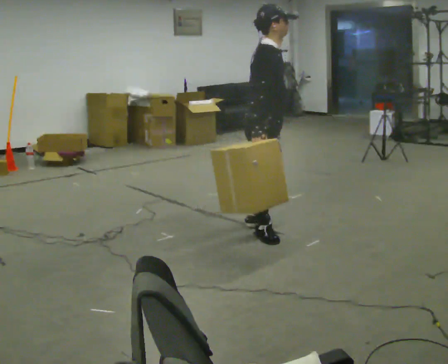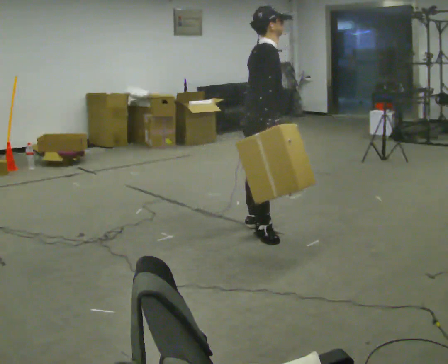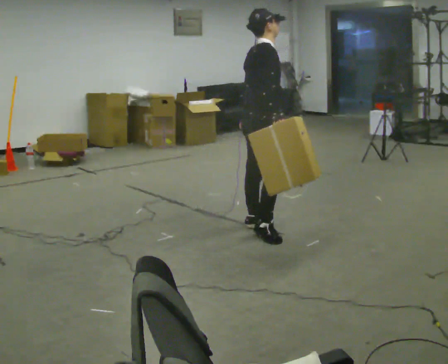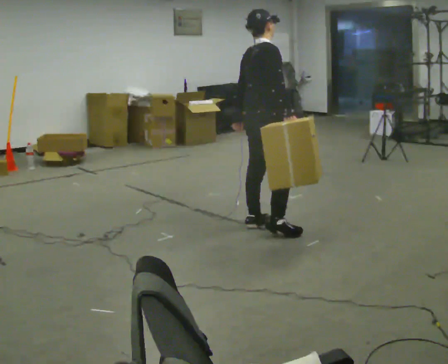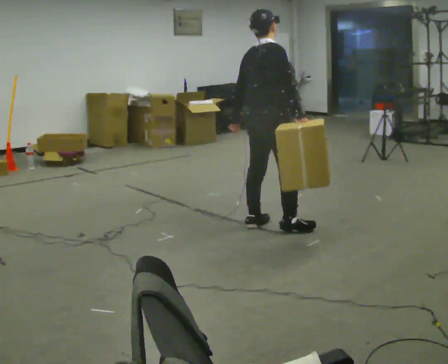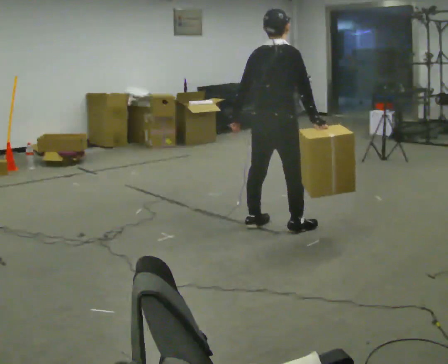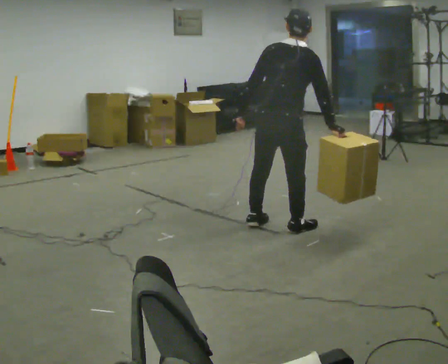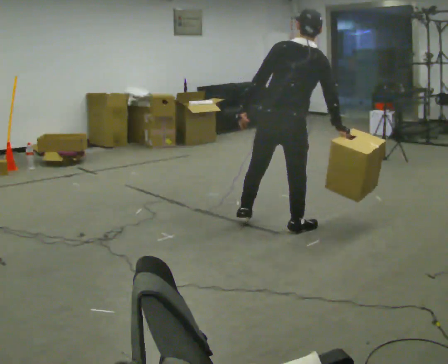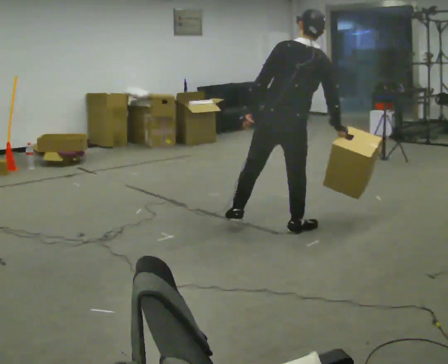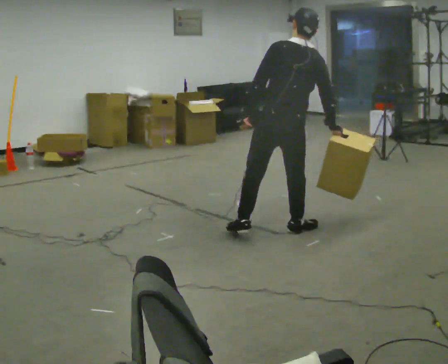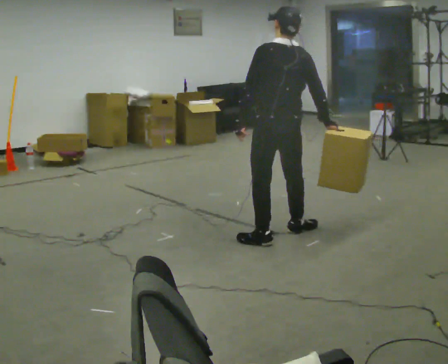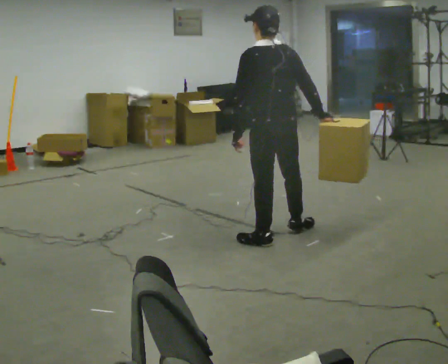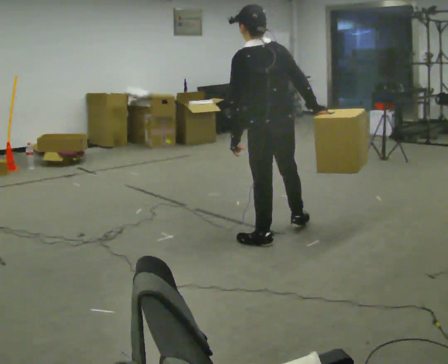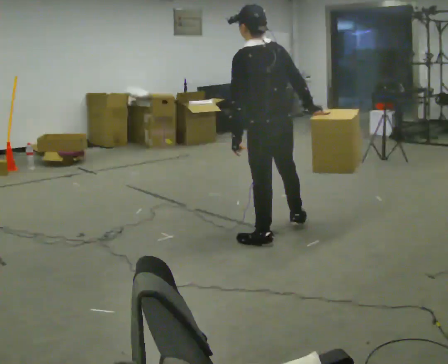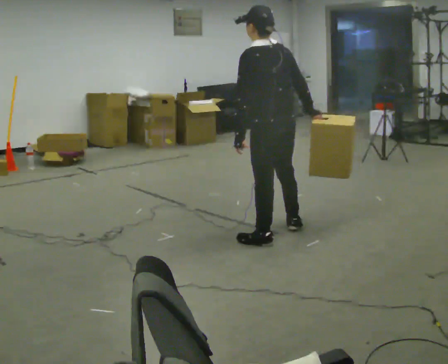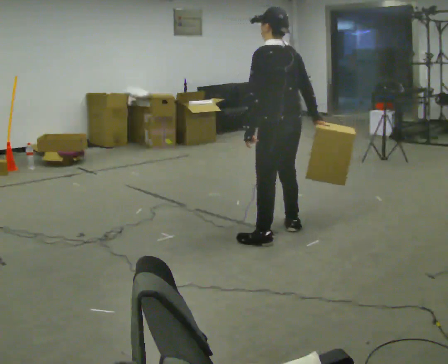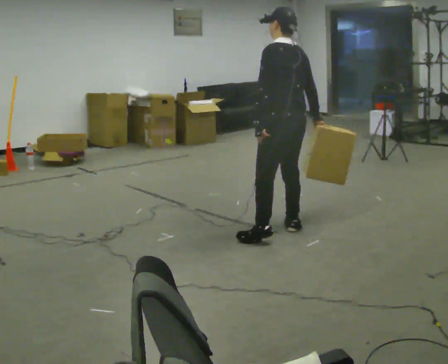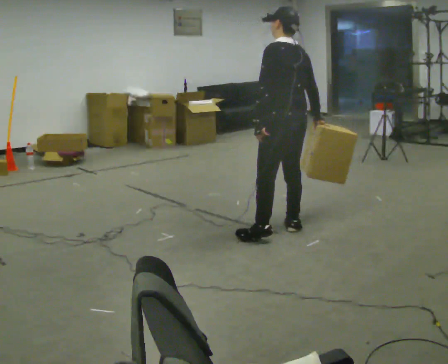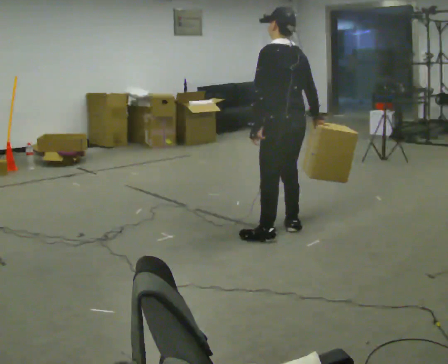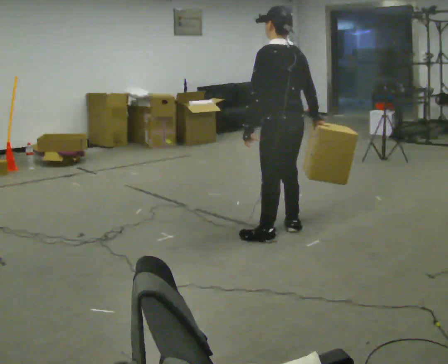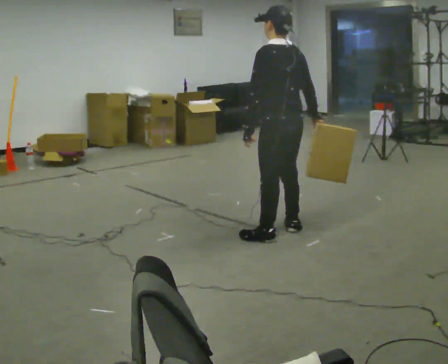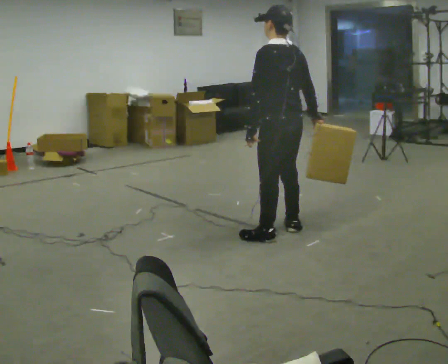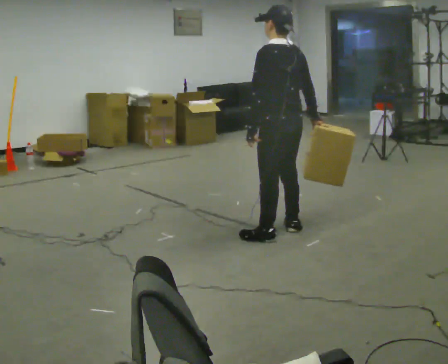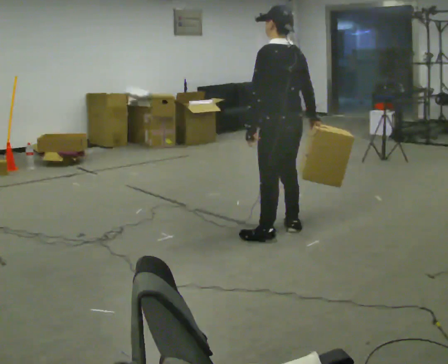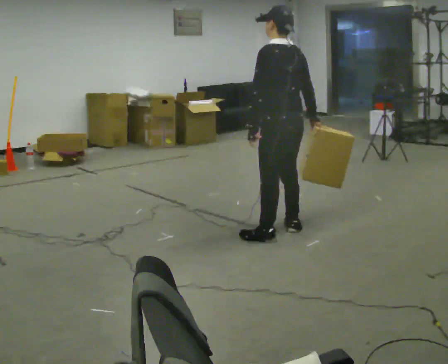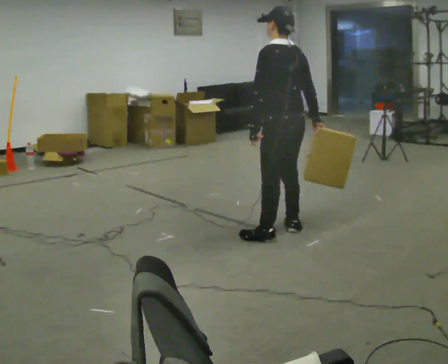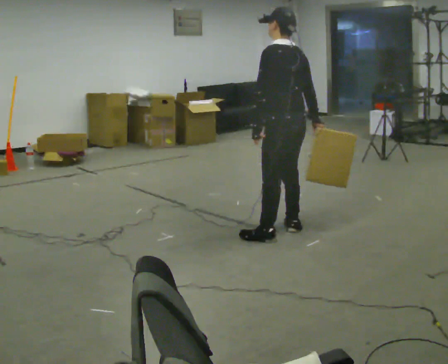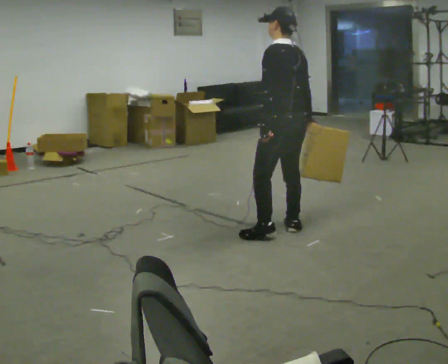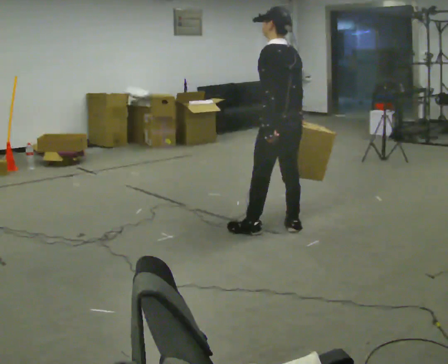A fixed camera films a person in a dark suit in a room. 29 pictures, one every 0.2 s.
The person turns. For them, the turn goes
to their left.
The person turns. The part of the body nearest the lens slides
to the right.
0.0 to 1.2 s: The part of the body nearest the lens slides to the right as the person turns to their left by about 75 degrees.
1.2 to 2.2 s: Seen from above the body turns counterclockwise, about 45 degrees: to their left, with its near side sliding to the right. In the picture they go toward the camera, about 0.25 m in 1 step, which for them is backward. In the picture the upper body tilts counterclockwise, shoulders to the left.
2.2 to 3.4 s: In the picture they go away from the camera, about 0.25 m, which for them is to their right.
3.4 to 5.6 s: The person moves a little, or ends about where they began.
The film runs forward here.
